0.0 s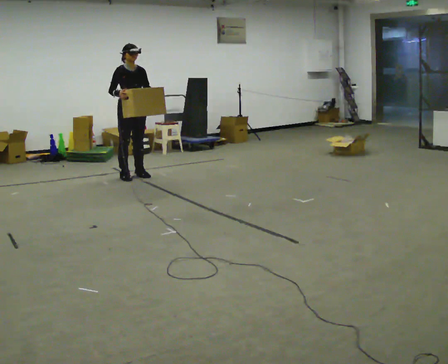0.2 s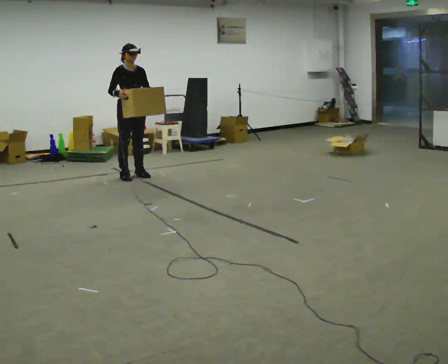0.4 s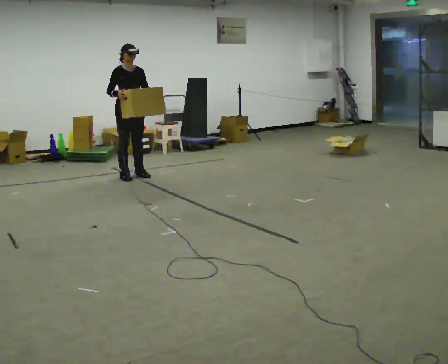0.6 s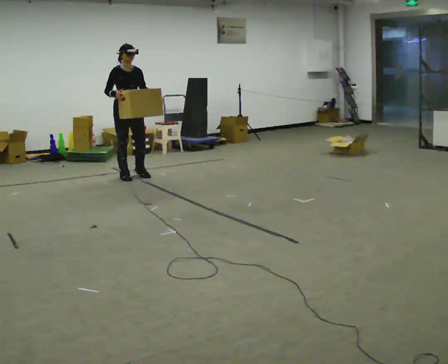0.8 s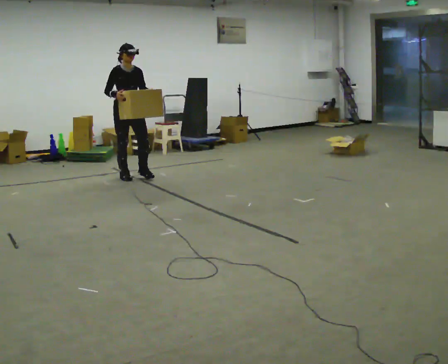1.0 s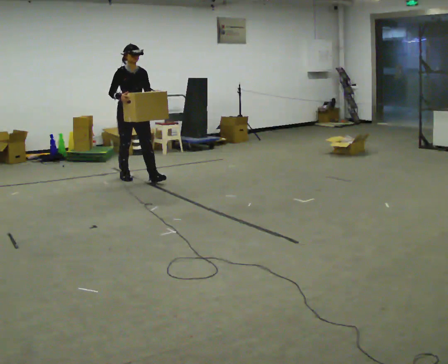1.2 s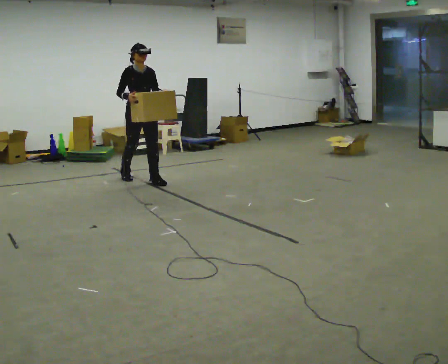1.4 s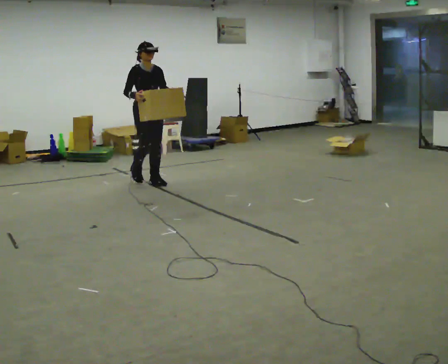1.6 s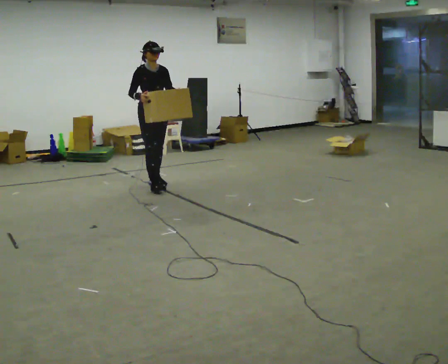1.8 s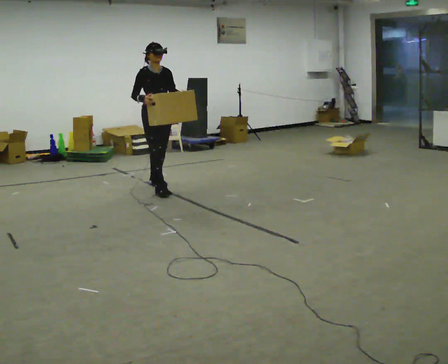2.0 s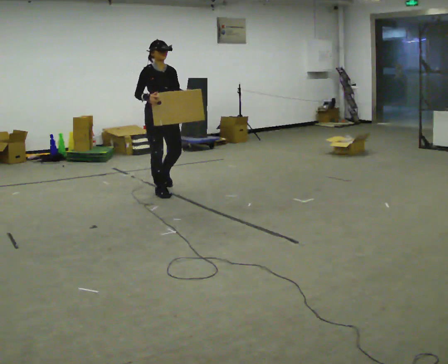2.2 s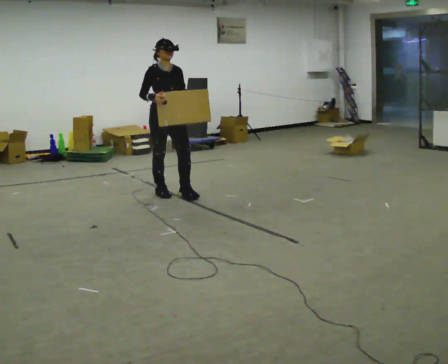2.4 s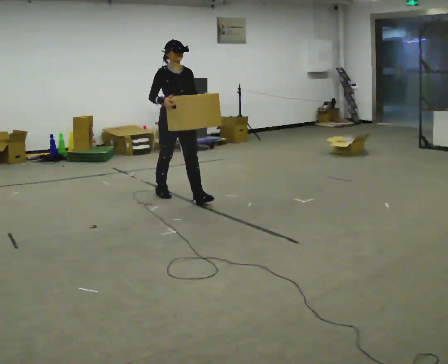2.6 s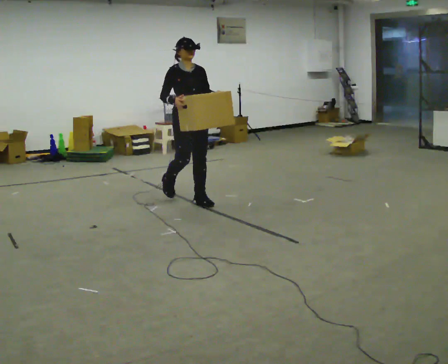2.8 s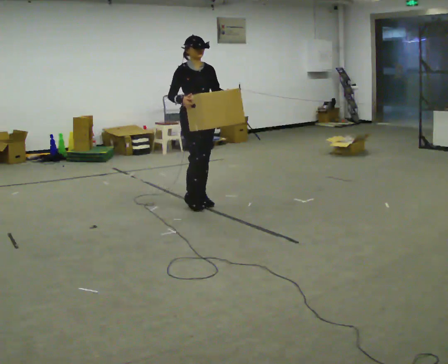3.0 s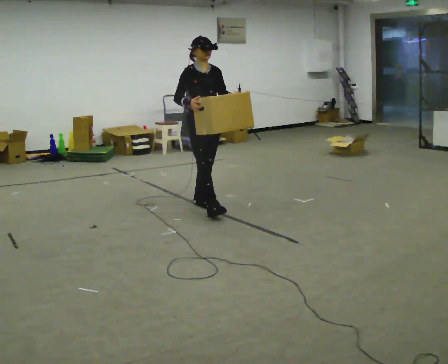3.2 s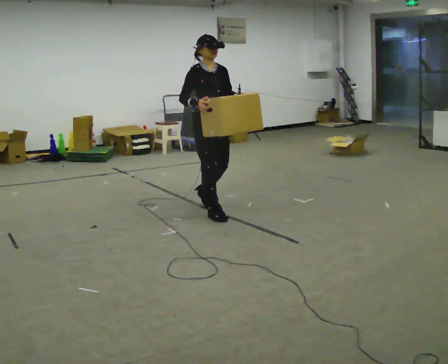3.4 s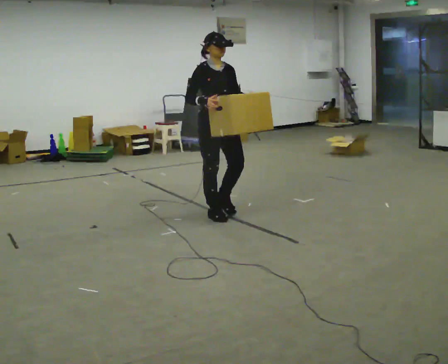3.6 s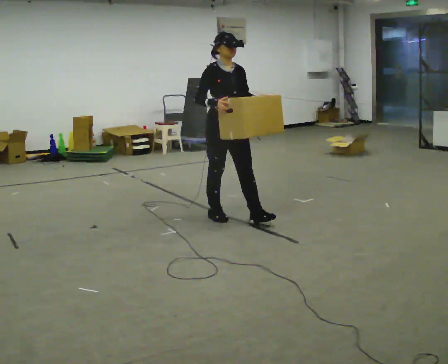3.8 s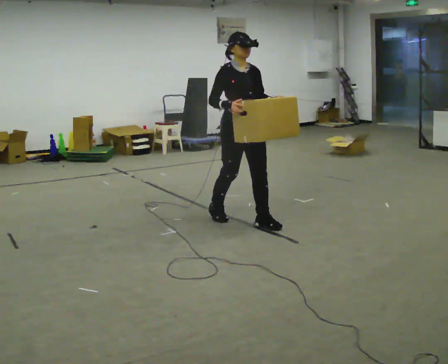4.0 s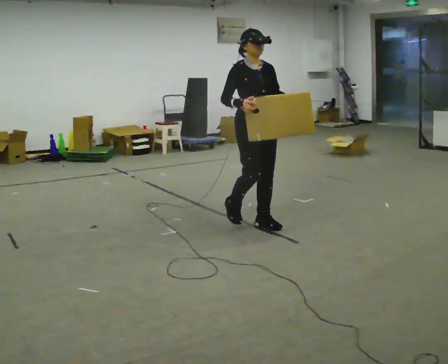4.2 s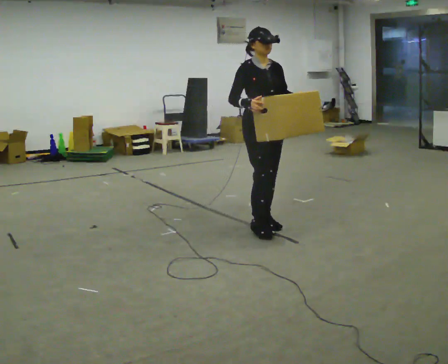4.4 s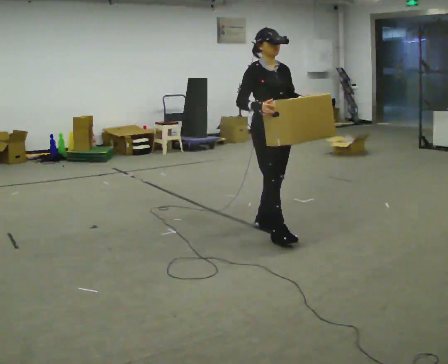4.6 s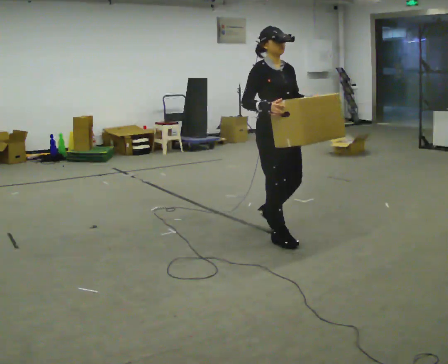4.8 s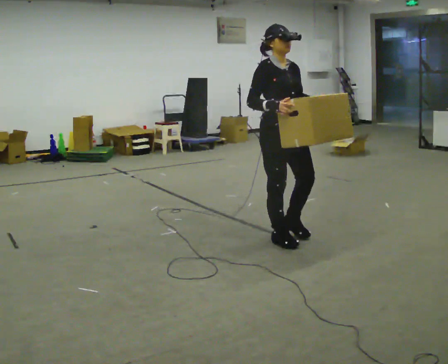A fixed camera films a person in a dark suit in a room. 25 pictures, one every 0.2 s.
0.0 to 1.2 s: In the picture they go toward the camera, about 0.25 m in 1 step, which for them is forward.
1.2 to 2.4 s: In the picture they go toward the camera and to the right, about 1 m in 2 steps, which for them is forward.
2.4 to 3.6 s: In the picture they go toward the camera and to the right, about 1 m in 1 step, which for them is forward.
3.6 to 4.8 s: In the picture they go toward the camera and to the right, about 0.75 m in 2 steps, which for them is forward.
The film runs forward here.
